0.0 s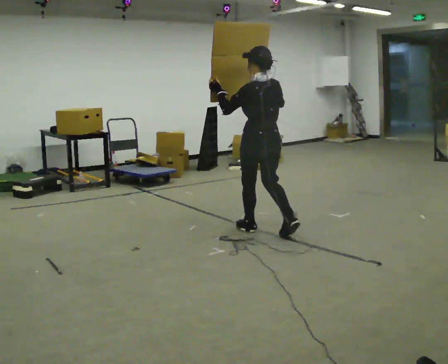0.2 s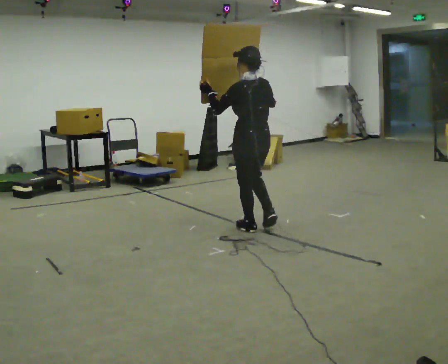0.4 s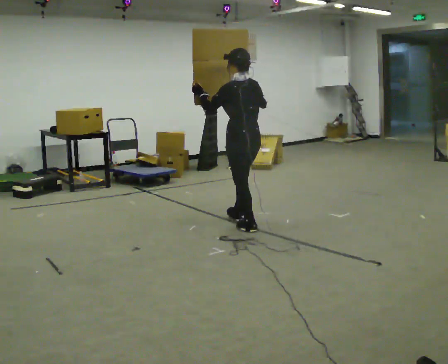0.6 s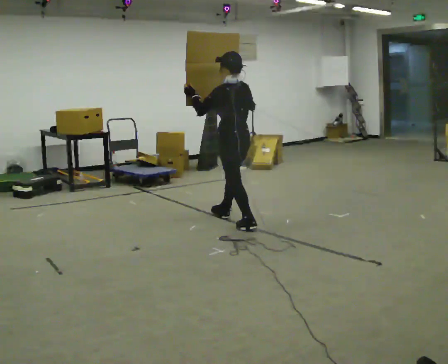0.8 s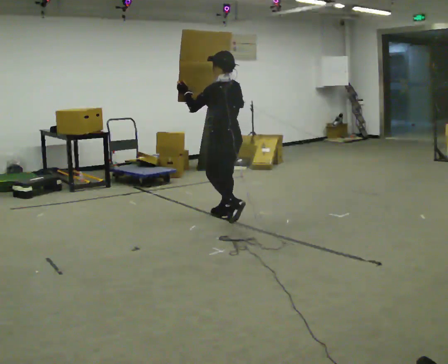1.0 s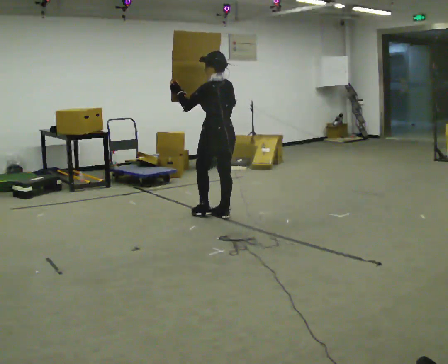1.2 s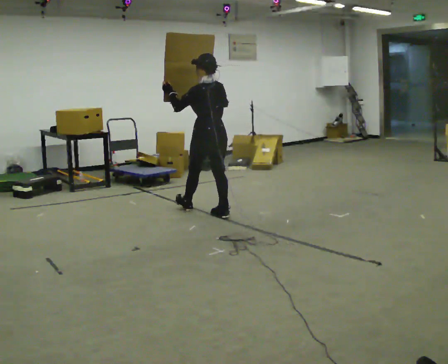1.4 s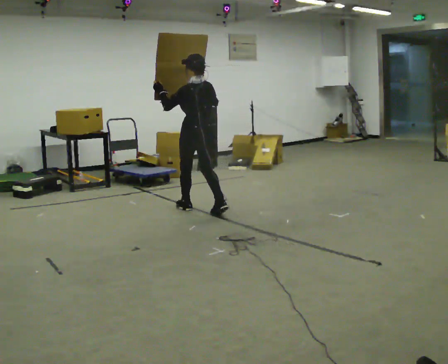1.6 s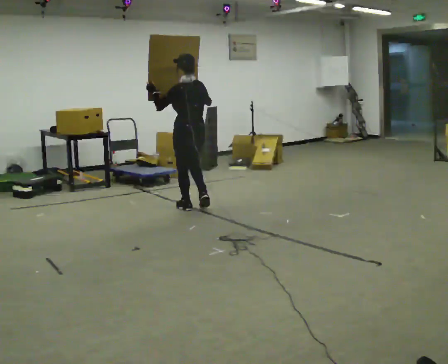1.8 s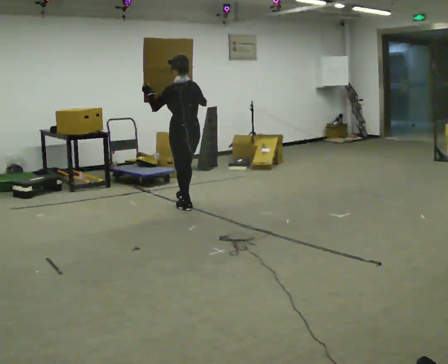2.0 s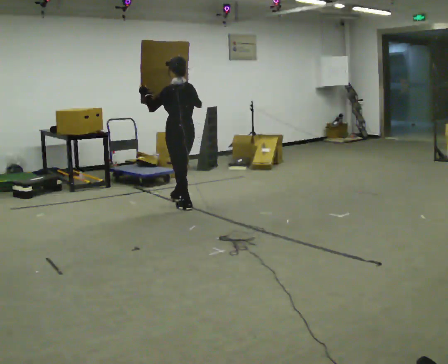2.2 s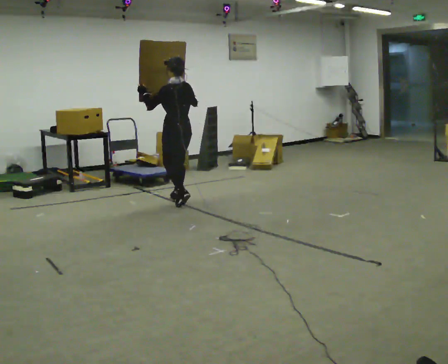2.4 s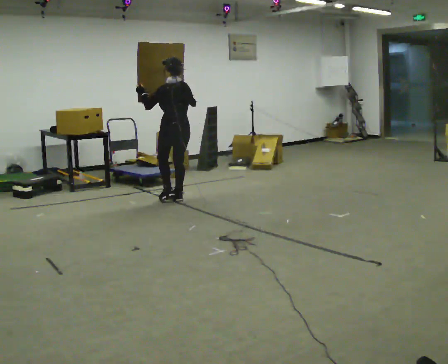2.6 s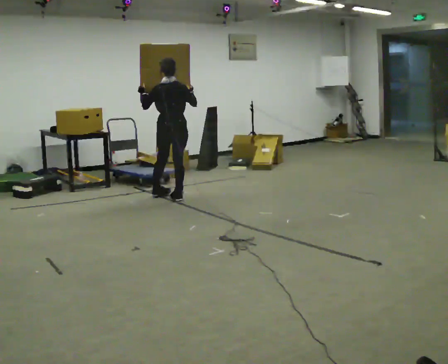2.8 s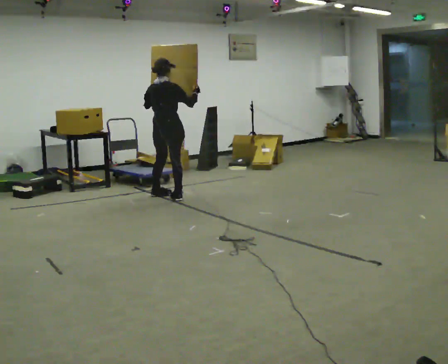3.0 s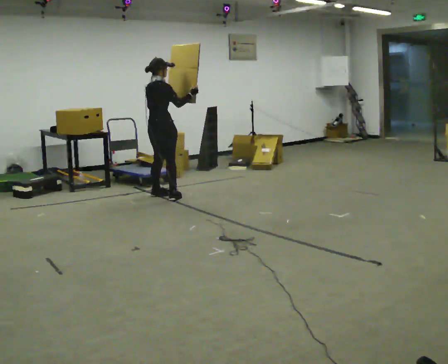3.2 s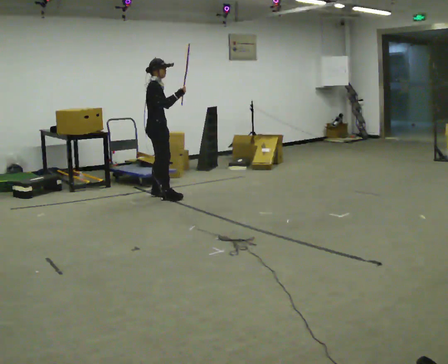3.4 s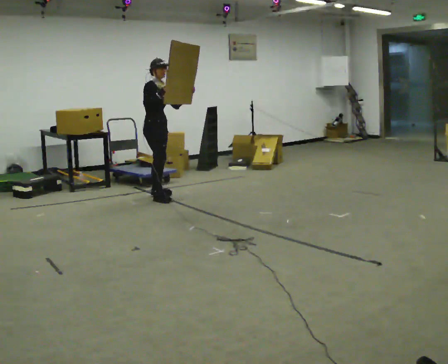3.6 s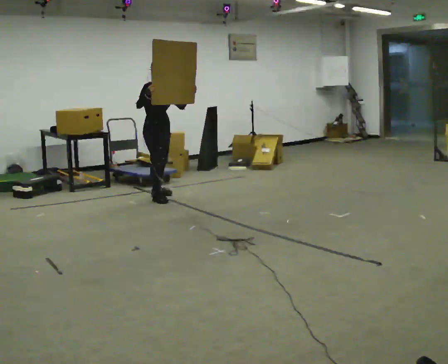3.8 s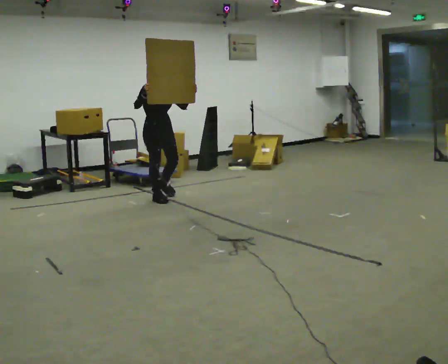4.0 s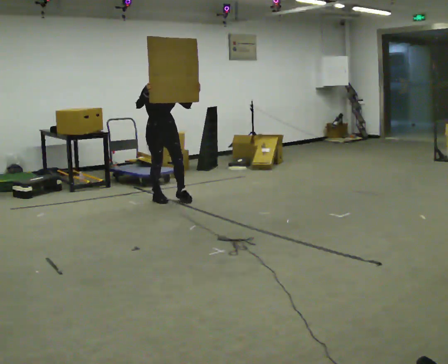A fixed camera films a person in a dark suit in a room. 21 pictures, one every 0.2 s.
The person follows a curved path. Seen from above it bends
counterclockwise.
0.0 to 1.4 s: In the picture they go away from the camera and to the left, about 1 m in 2 steps, which for them is forward.
1.4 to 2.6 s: The part of the body nearest the lens slides to the left as the person turns to their right by about 30 degrees. In the picture they go away from the camera and to the left, about 0.75 m in 1 step, which for them is forward.
2.6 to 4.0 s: The part of the body nearest the lens slides to the left as the person turns to their right by about 150 degrees. In the picture they go to the left, about 0.25 m in 2 steps. In the picture their right hand goes to the left.
The film runs forward here.
